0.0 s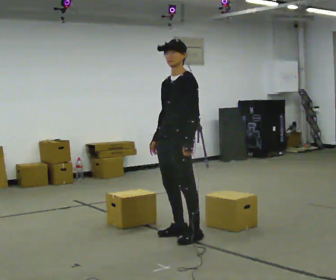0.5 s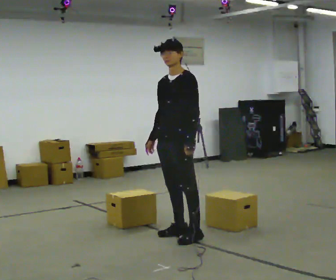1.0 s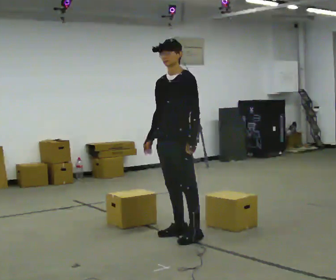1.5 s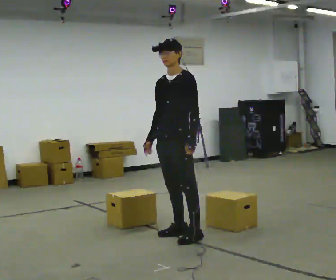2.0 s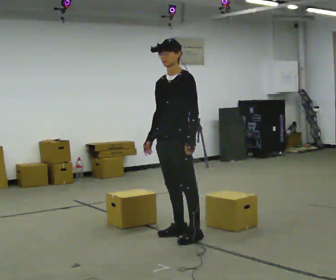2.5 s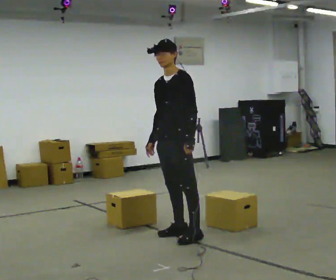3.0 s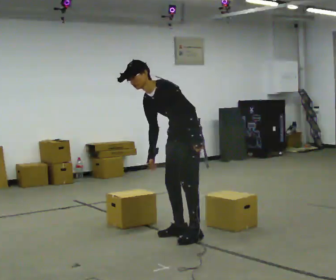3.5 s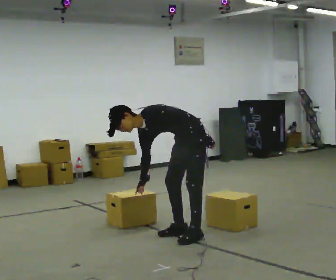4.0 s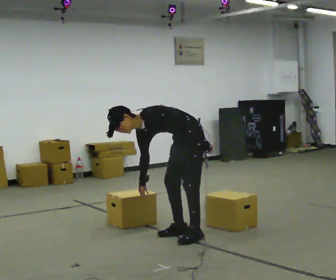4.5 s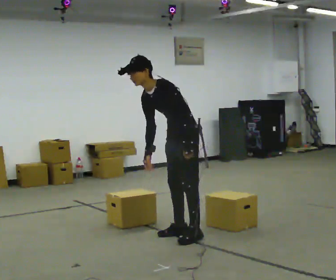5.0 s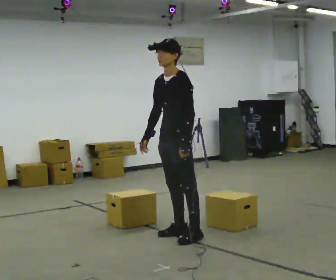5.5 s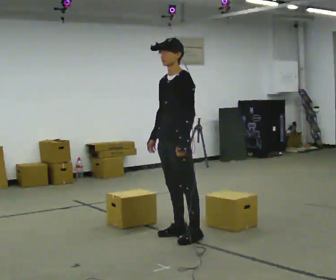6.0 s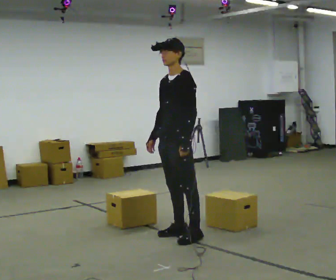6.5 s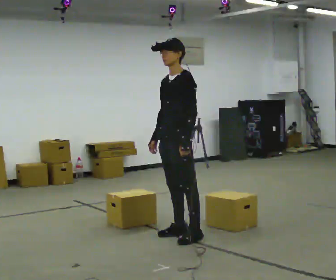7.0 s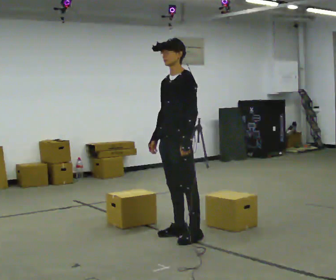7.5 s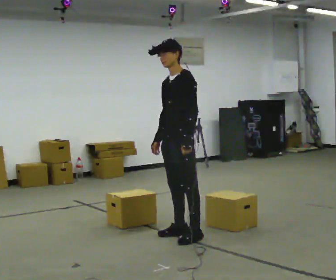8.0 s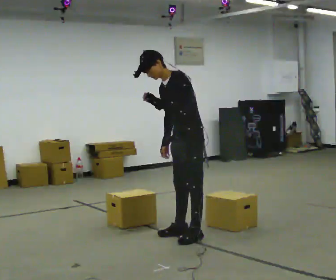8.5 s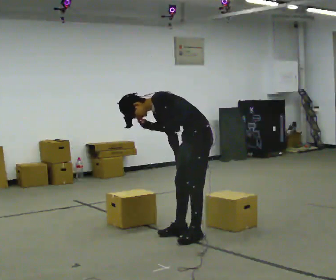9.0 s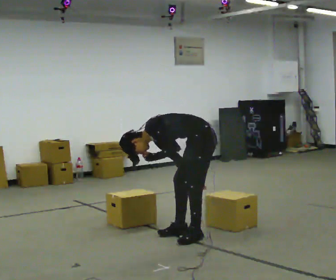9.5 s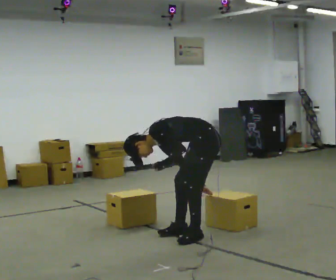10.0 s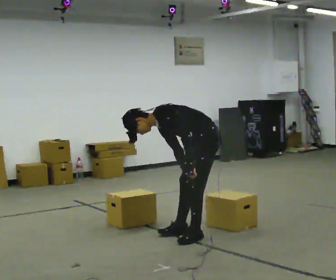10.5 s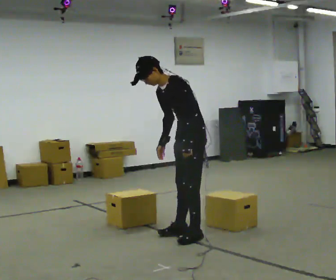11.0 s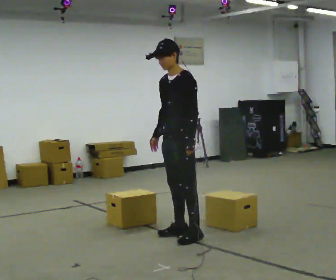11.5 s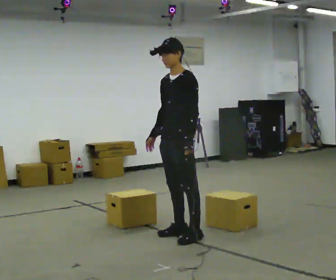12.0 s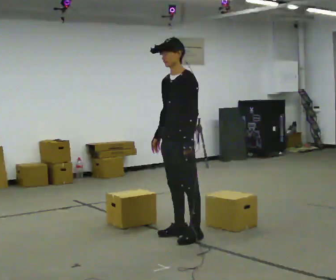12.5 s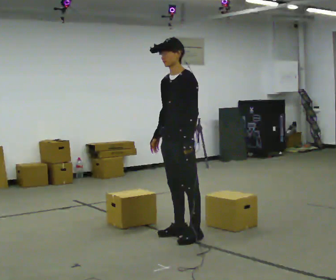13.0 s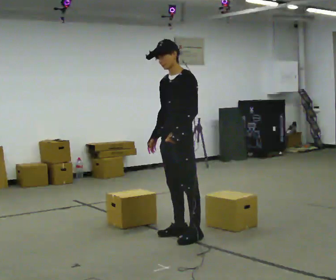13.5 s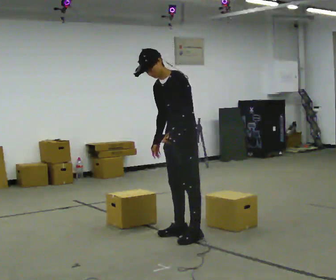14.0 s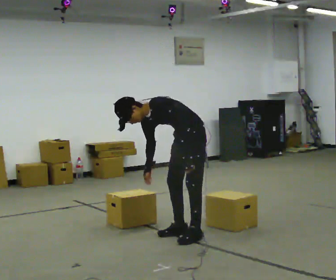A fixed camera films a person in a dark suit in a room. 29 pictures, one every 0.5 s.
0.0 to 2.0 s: The person moves a little, or ends about where they began.
2.0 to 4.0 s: The upper body goes downward. In the picture the upper body tilts counterclockwise, shoulders to the left, as they bend forward.
4.0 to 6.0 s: The upper body goes upward. In the picture the upper body tilts clockwise, shoulders to the right, as they lean back or straighten.
6.0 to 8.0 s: In the picture the upper body tilts counterclockwise, shoulders to the left, as they bend forward. In the picture their left hand goes upward.
8.0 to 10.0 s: In the picture their left hand goes downward.
10.0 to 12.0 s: Seen from above the body turns counterclockwise, about 30 degrees: to their left, with its near side sliding to the right. In the picture they go to the left, about 0.25 m, which for them is forward. The shoulders move upward. In the picture the upper body tilts clockwise, shoulders to the right, as they lean back or straighten. In the picture their right hand goes upward.
12.0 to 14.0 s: In the picture they go away from the camera, about 0.25 m, which for them is backward. The shoulders move downward. In the picture the upper body tilts counterclockwise, shoulders to the left, as they bend forward.
The film runs forward here.
